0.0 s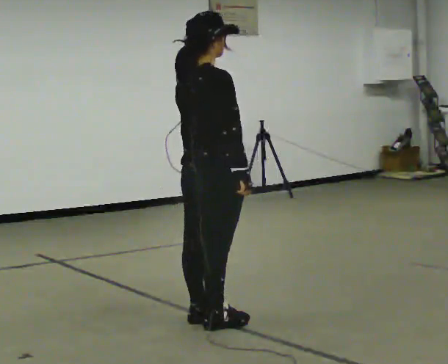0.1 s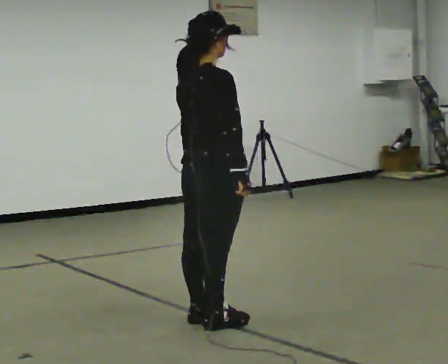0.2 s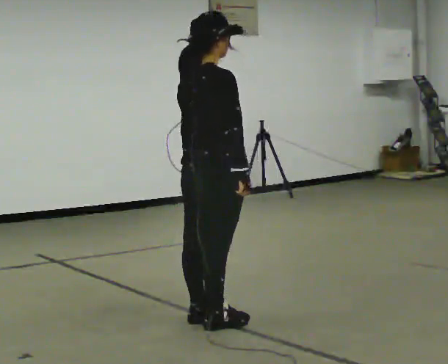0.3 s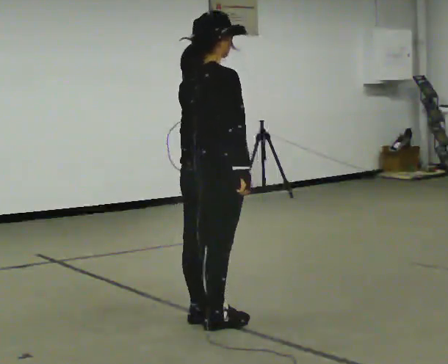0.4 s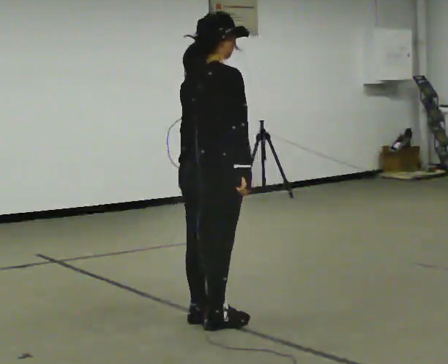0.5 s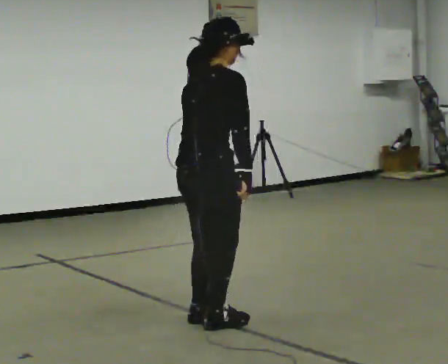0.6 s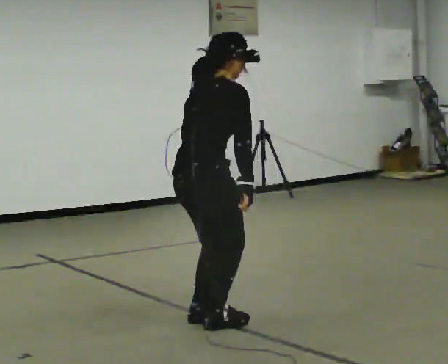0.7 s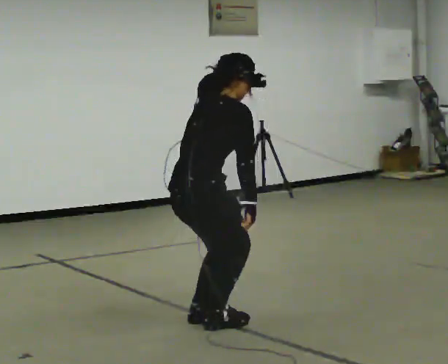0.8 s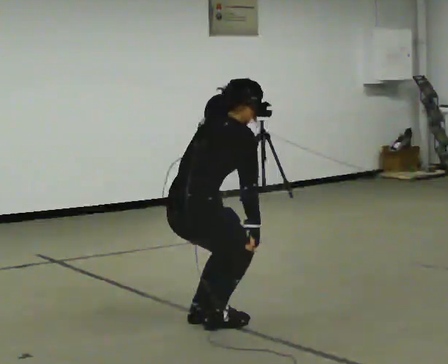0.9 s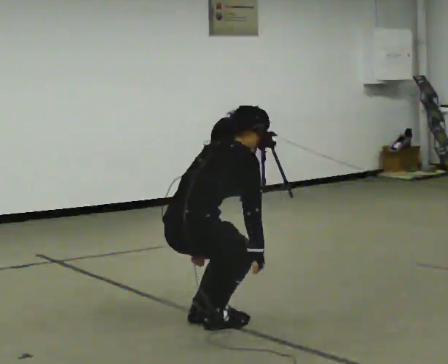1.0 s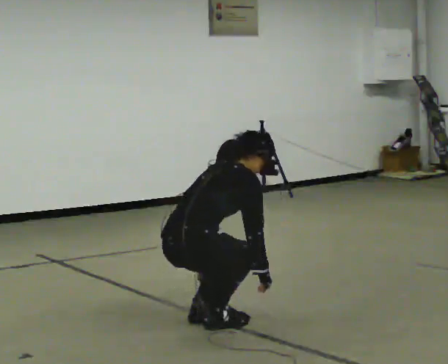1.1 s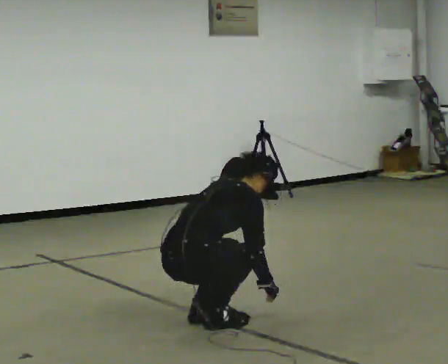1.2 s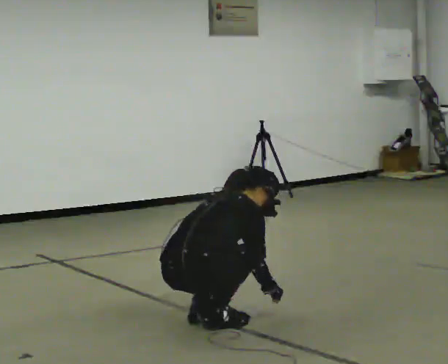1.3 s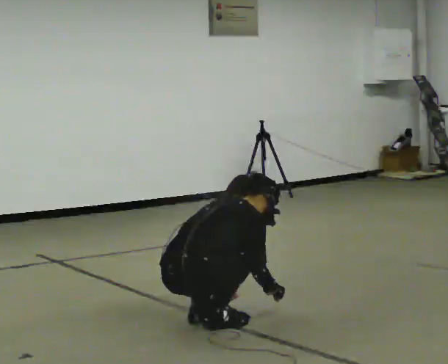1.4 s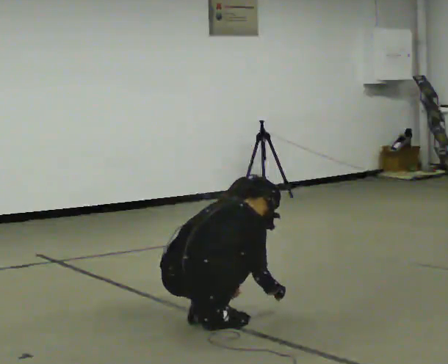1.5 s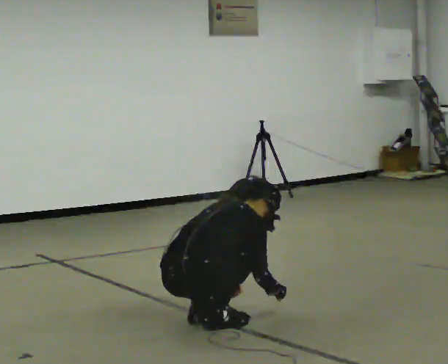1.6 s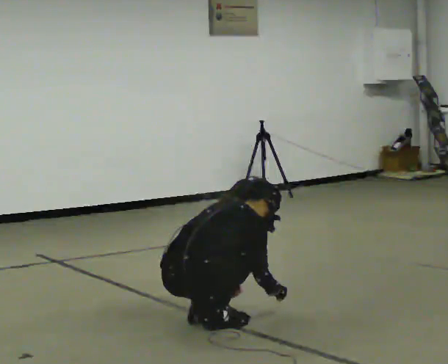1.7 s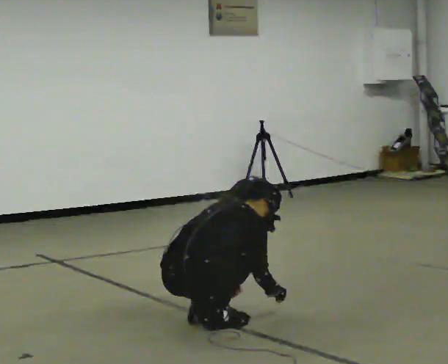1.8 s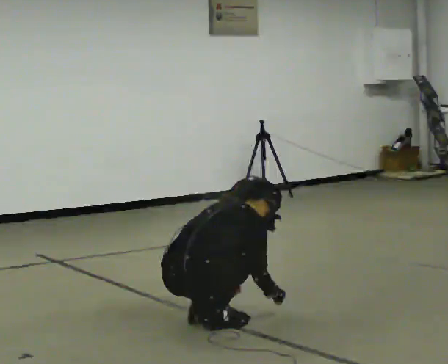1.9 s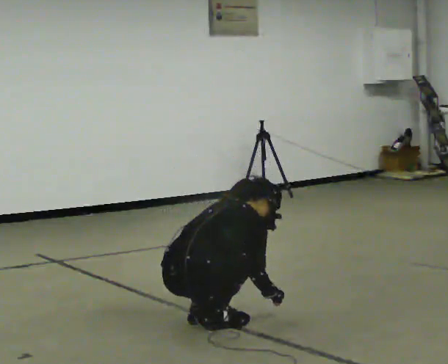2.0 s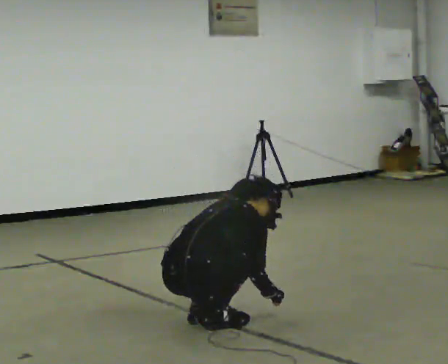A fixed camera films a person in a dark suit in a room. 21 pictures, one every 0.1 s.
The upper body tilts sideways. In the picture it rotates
clockwise.
Their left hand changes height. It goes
downward.
0.0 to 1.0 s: The upper body goes downward. In the picture the upper body tilts clockwise, shoulders to the right, as they bend forward. In the picture their left hand goes downward.
1.0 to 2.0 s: The shoulders move downward. In the picture the upper body tilts clockwise, shoulders to the right, as they bend forward.
The film runs backward here.
